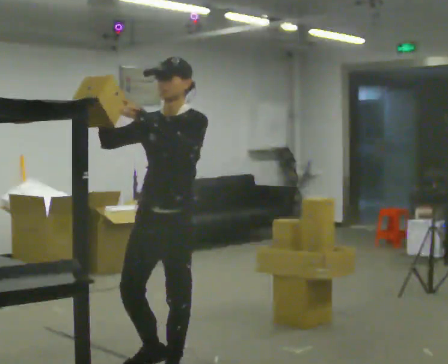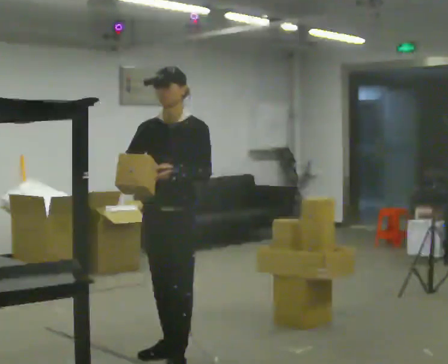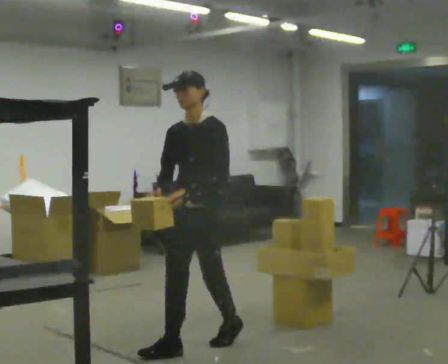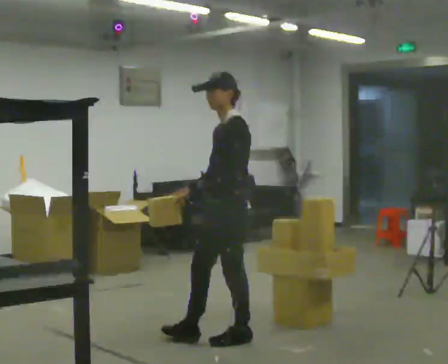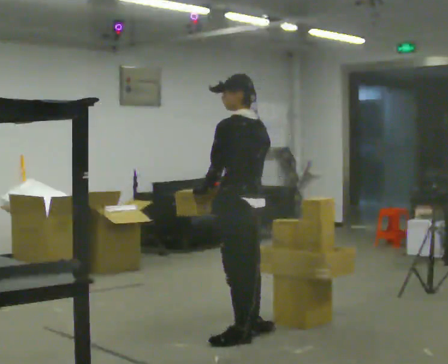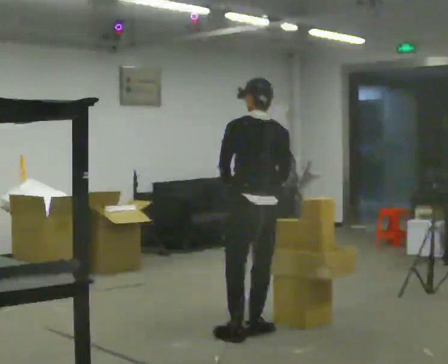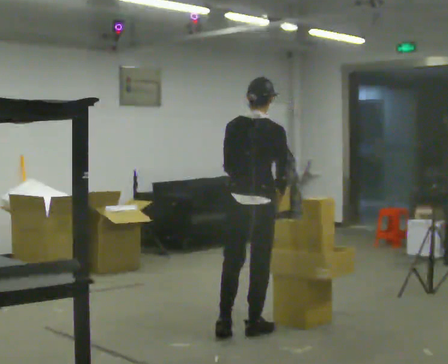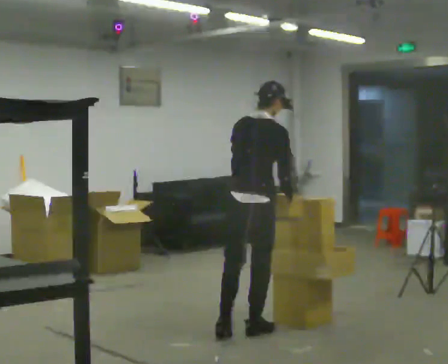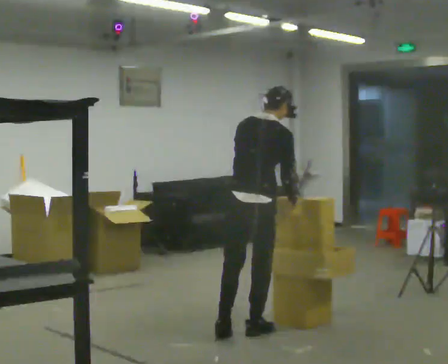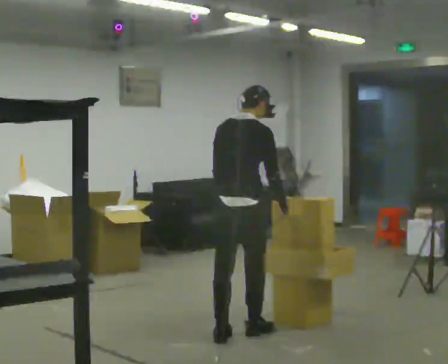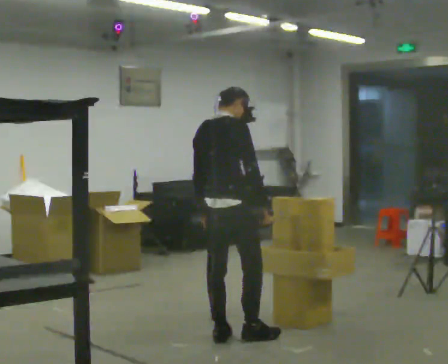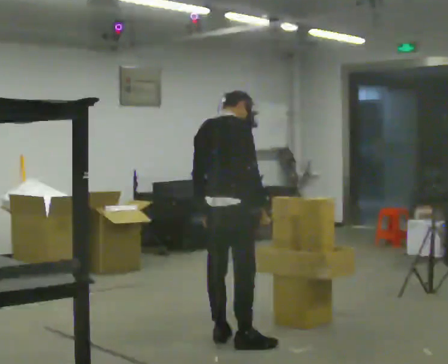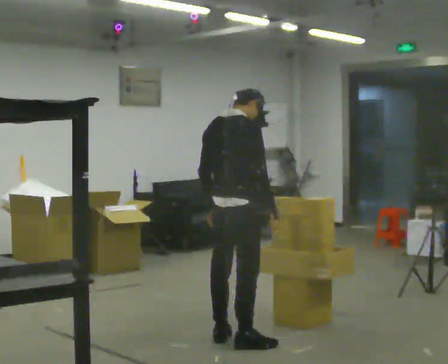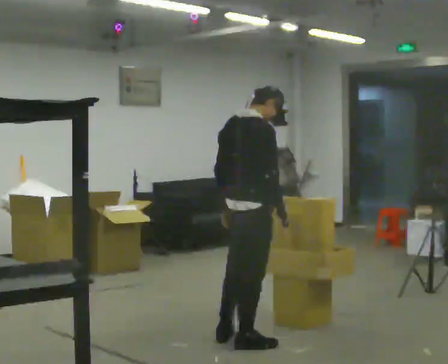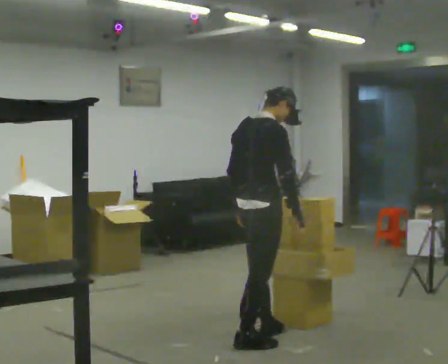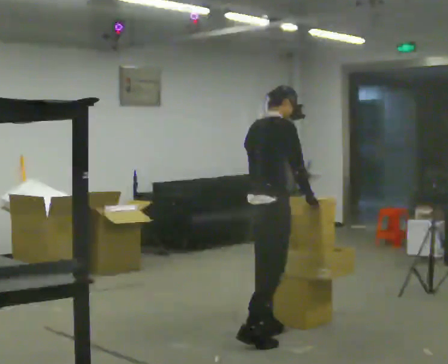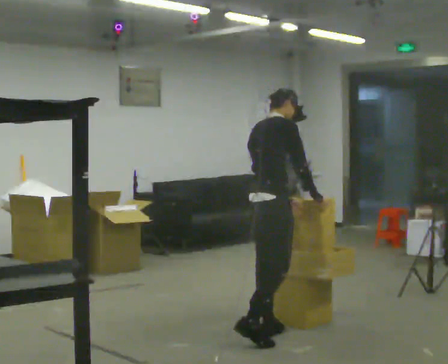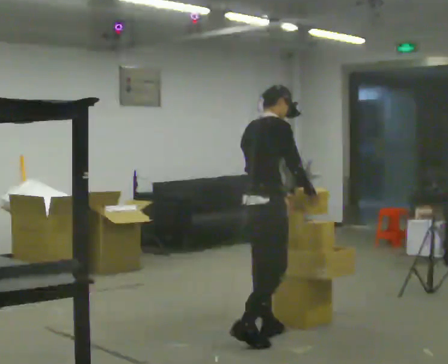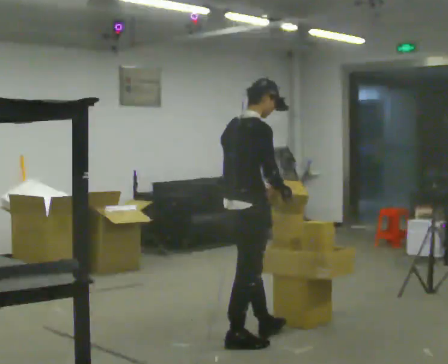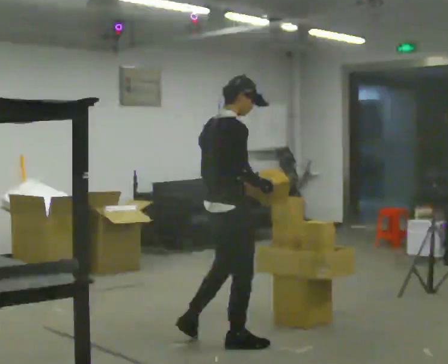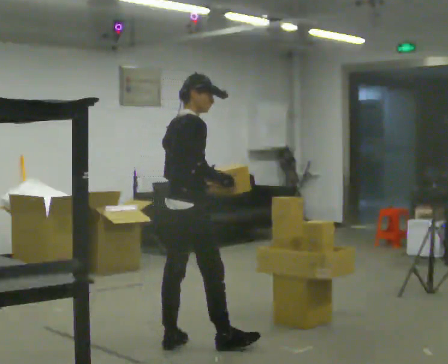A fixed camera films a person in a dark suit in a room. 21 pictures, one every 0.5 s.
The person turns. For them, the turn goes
to their right.
The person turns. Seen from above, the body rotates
clockwise.
0.0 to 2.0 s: The part of the body nearest the lens slides to the left as the person turns to their right by about 105 degrees. In the picture they go away from the camera and to the right, about 1 m in 2 steps. In the picture their right hand goes downward, the arm swinging counterclockwise.
2.0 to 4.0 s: The person turns about 75 degrees to their right, clockwise seen from above, so the part of the body nearest the lens slides to the left. In the picture they go away from the camera, about 0.25 m. In the picture the upper body tilts clockwise, shoulders to the right, as they bend forward. In the picture their right hand goes to the right.
4.0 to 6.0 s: In the picture they go toward the camera, about 0.25 m in 1 step, which for them is backward.
6.0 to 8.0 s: In the picture they go to the right and away from the camera, about 0.25 m in 1 step, which for them is forward.
8.0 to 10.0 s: In the picture they go to the left and toward the camera, about 0.5 m in 2 steps, which for them is backward.
The film runs backward here.
